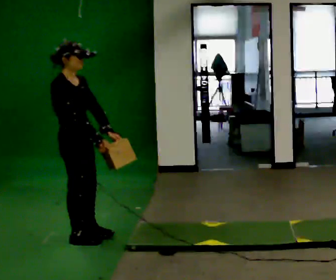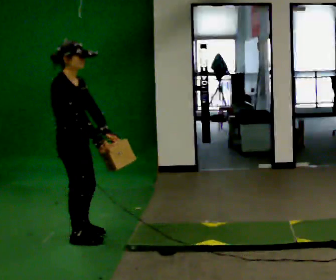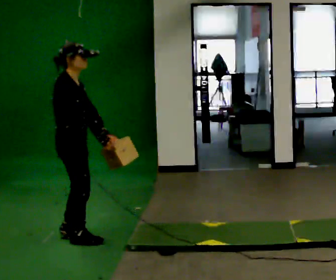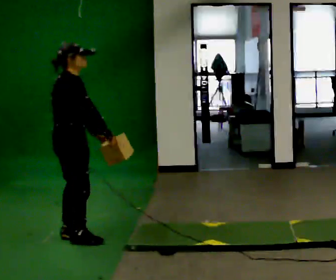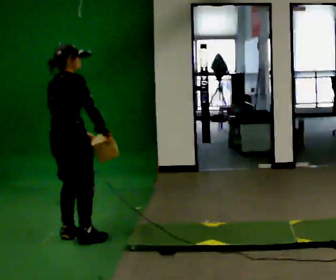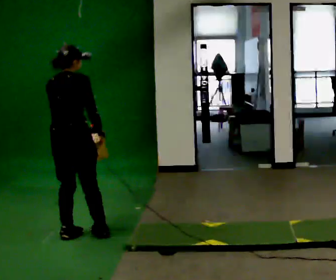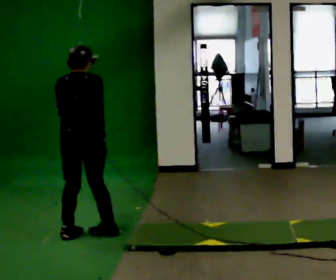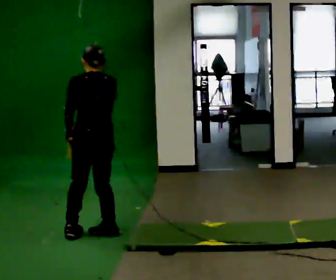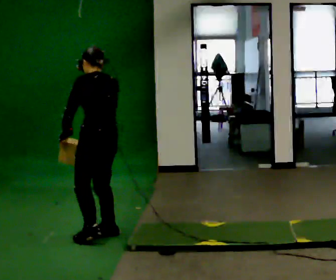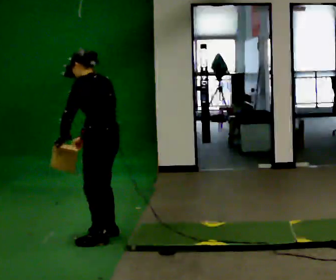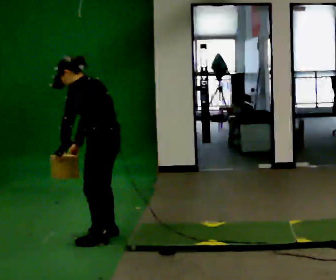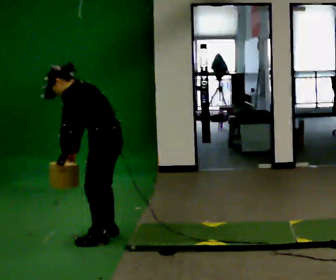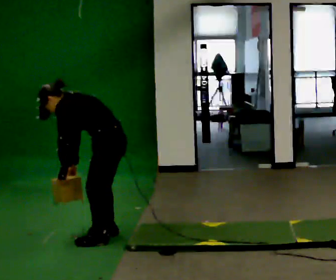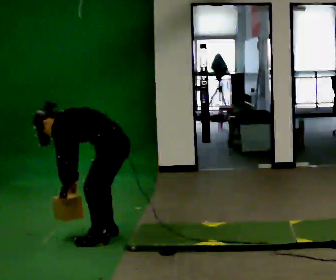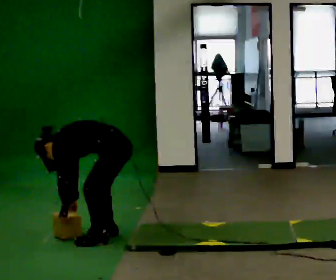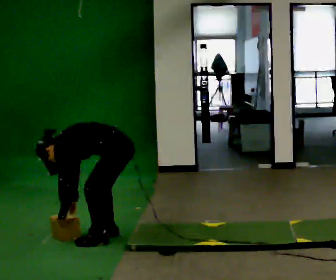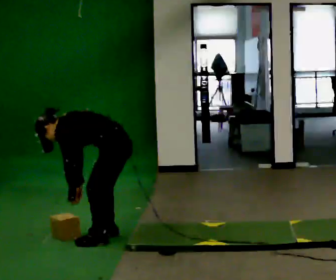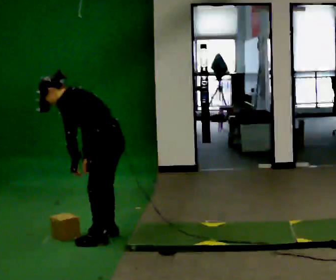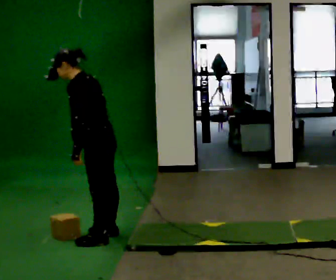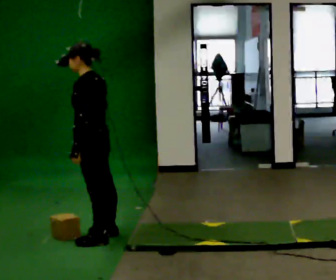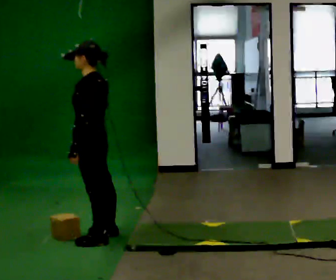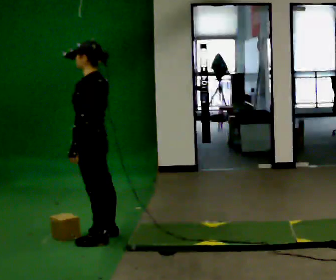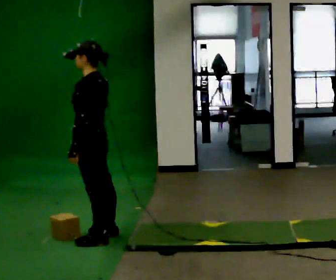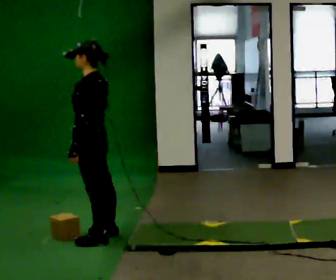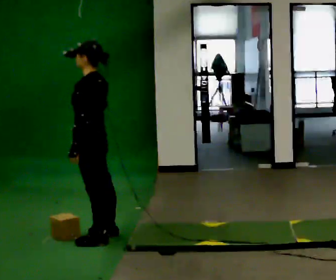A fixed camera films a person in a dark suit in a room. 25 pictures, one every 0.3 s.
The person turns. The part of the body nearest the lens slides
to the right.
The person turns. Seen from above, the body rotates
counterclockwise.
0.0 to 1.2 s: Seen from above the body turns counterclockwise, about 60 degrees: to their left, with its near side sliding to the right.
1.2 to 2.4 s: The part of the body nearest the lens slides to the right as the person turns to their left by about 90 degrees. In the picture they go to the right, about 0.25 m in 1 step.
2.4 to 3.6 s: The person turns about 30 degrees to their left, counterclockwise seen from above, so the part of the body nearest the lens slides to the right. In the picture the upper body tilts counterclockwise, shoulders to the left, as they bend forward.
3.6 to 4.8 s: The person moves a little, or ends about where they began.
4.8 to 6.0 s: The upper body goes upward. In the picture the upper body tilts clockwise, shoulders to the right, as they lean back or straighten. In the picture their left hand goes upward.
6.0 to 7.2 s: The person keeps their place and pose.
The film runs backward here.
